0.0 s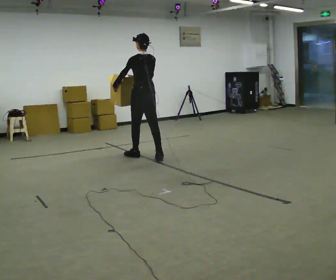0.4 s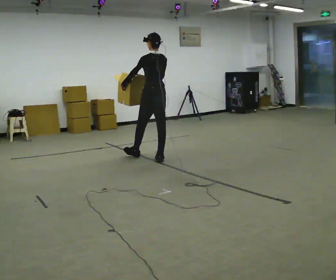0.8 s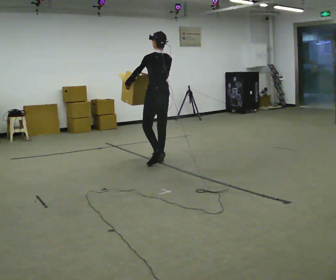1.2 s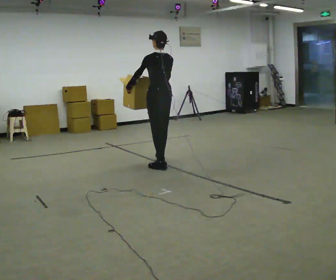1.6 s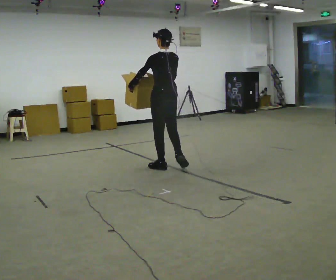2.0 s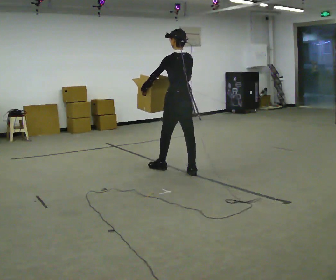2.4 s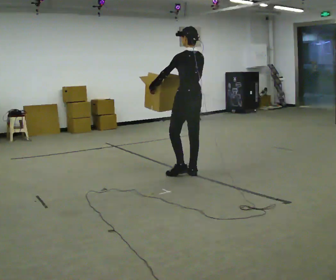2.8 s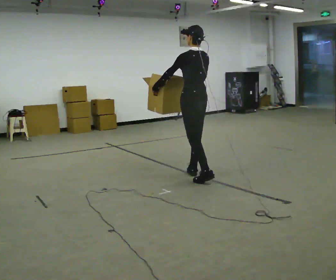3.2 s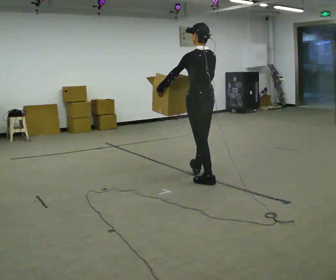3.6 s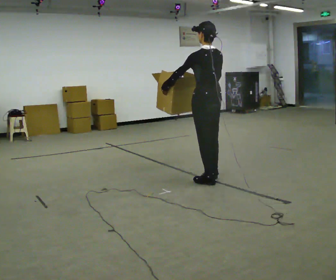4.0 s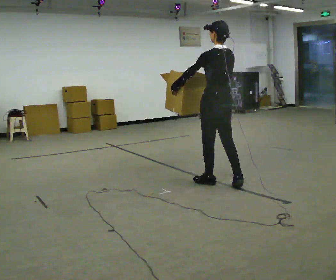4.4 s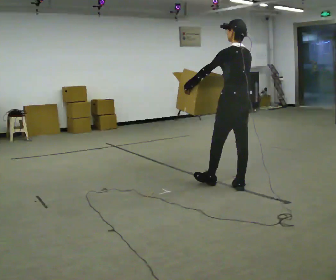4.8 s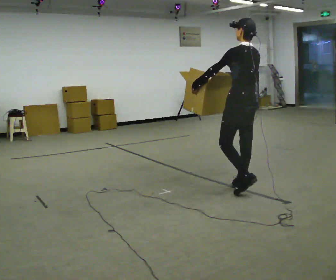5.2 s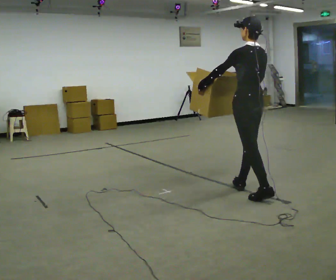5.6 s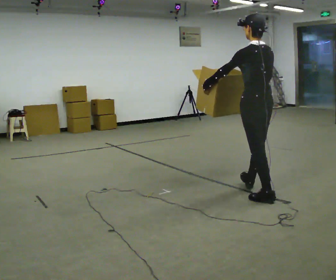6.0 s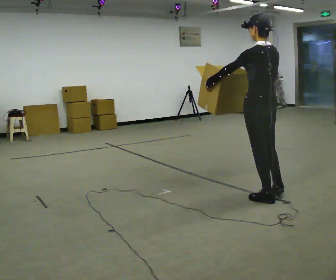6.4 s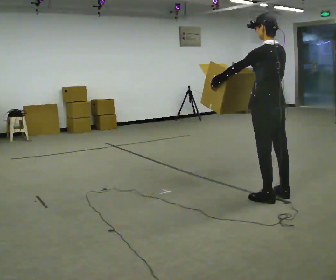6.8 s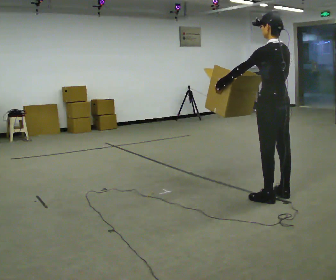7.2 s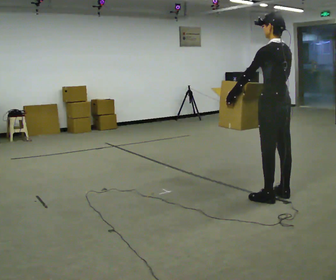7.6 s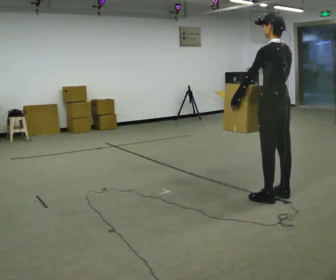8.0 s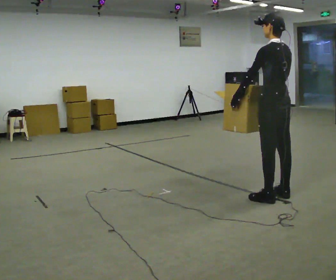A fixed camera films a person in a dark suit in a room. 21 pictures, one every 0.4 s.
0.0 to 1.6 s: In the picture they go toward the camera and to the right, about 0.75 m in 2 steps, which for them is backward.
1.6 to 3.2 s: In the picture they go toward the camera and to the right, about 0.5 m in 2 steps, which for them is backward.
3.2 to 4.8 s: In the picture they go to the right and toward the camera, about 0.5 m in 1 step, which for them is backward.
4.8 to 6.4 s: In the picture they go toward the camera and to the right, about 0.25 m in 1 step, which for them is backward.
6.4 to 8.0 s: The person moves a little, or ends about where they began.
The film runs backward here.
